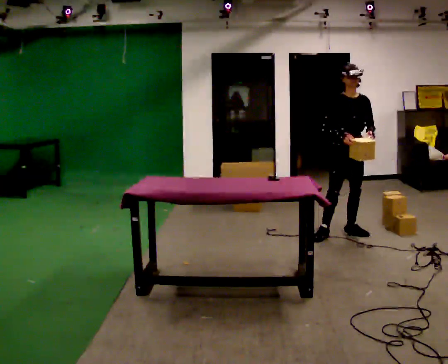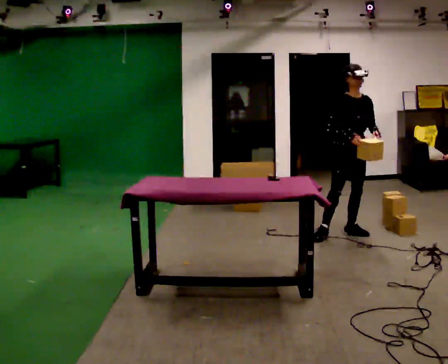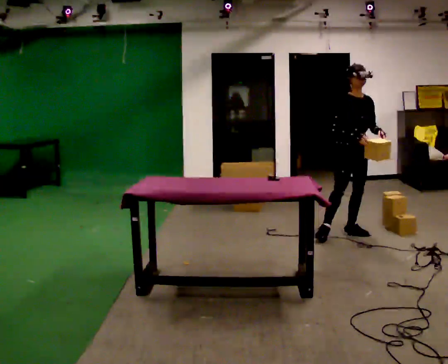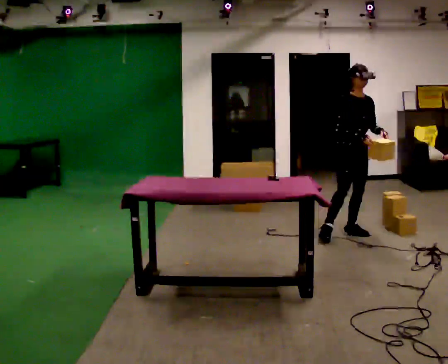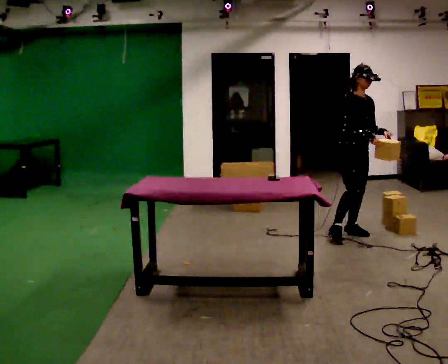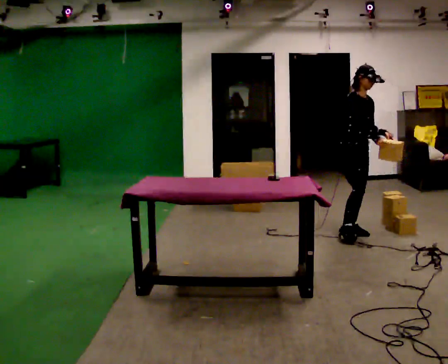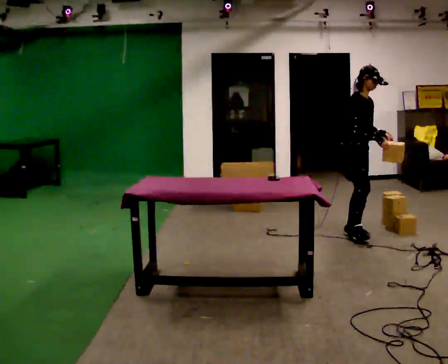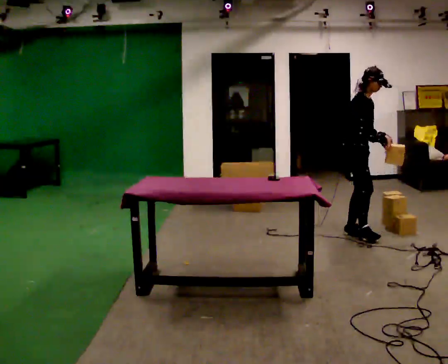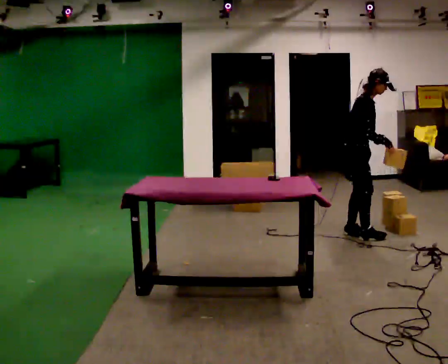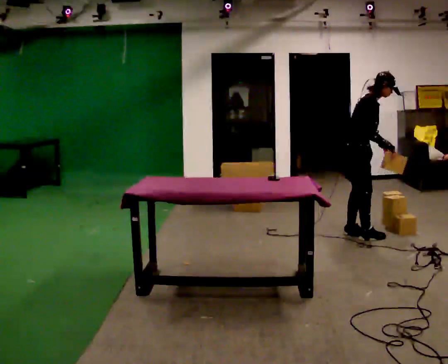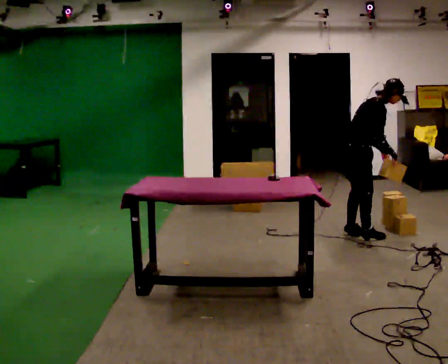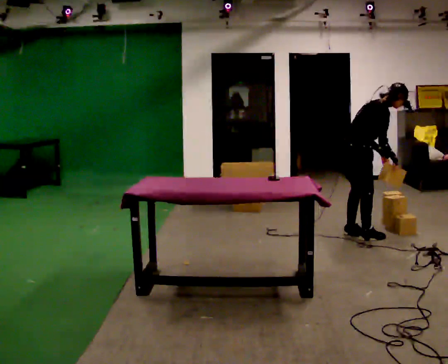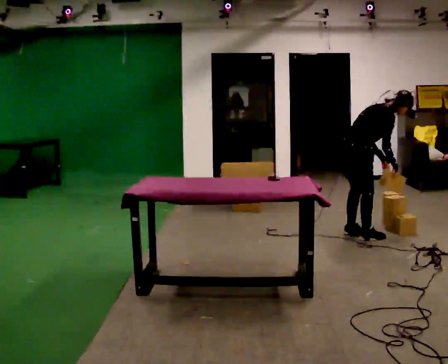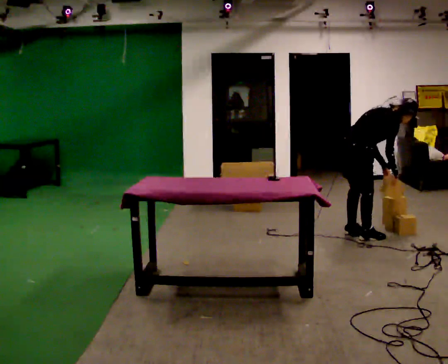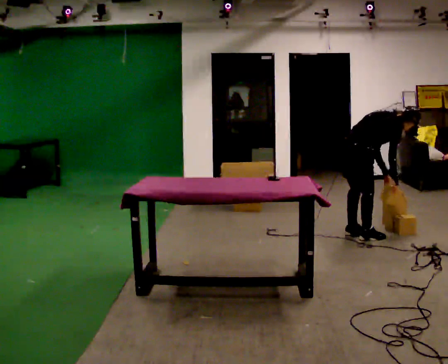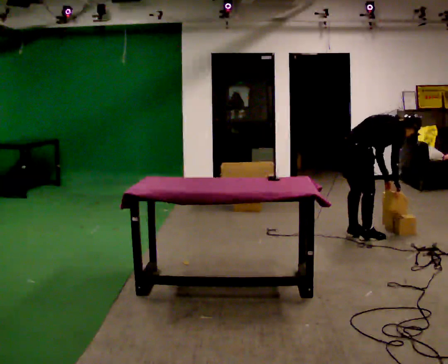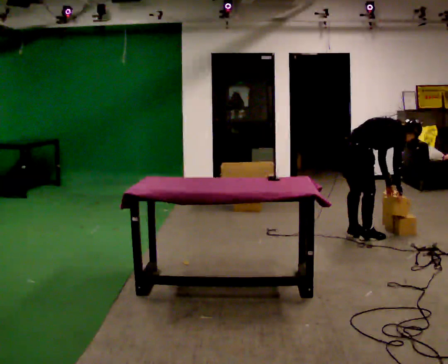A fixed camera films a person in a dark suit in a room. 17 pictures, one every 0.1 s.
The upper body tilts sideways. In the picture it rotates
clockwise.
The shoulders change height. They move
downward.
0.0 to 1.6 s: Seen from above the body turns counterclockwise, about 90 degrees: to their left, with its near side sliding to the right. In the picture they go toward the camera, about 0.25 m in 1 step. The shoulders move downward. In the picture the upper body tilts clockwise, shoulders to the right, as they bend forward. In the picture their left hand goes downward.
The film runs backward here.
